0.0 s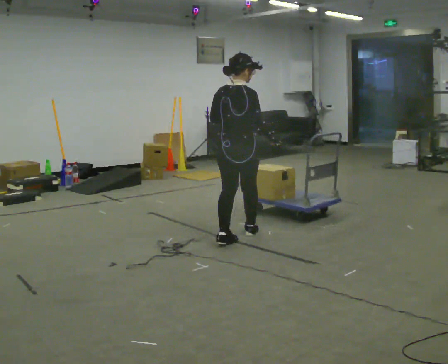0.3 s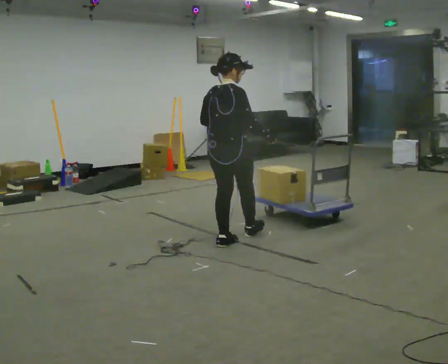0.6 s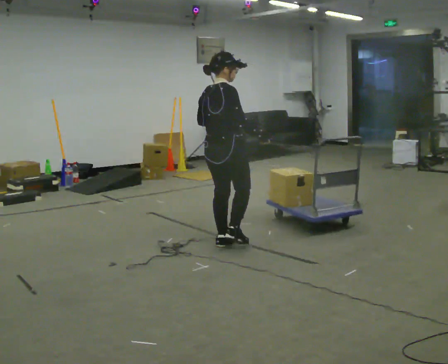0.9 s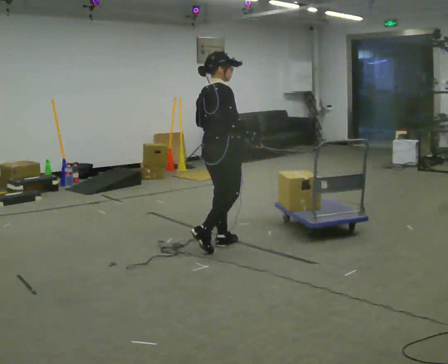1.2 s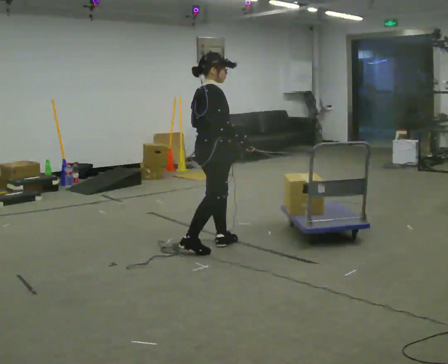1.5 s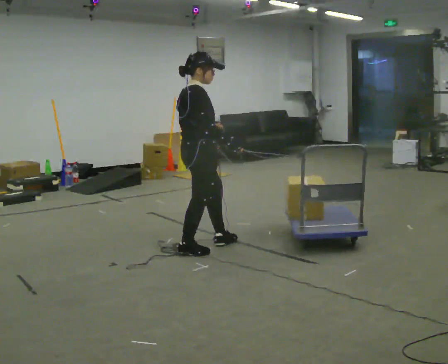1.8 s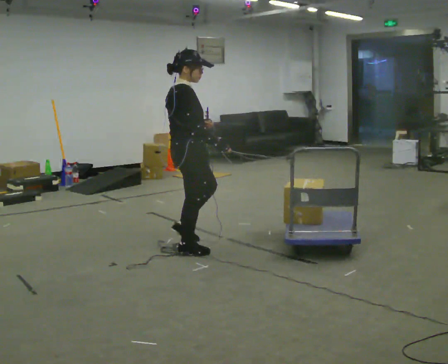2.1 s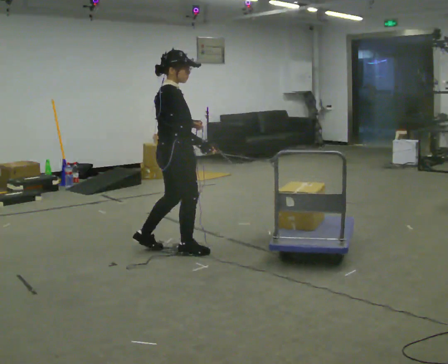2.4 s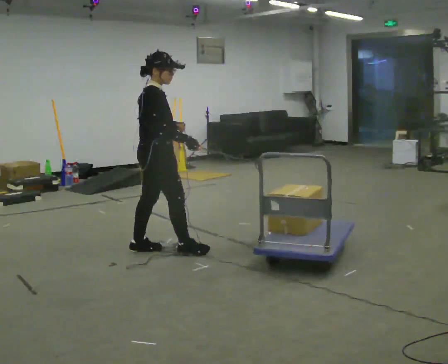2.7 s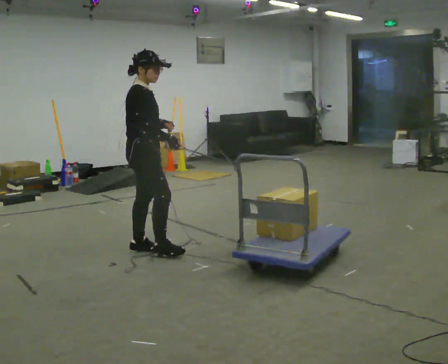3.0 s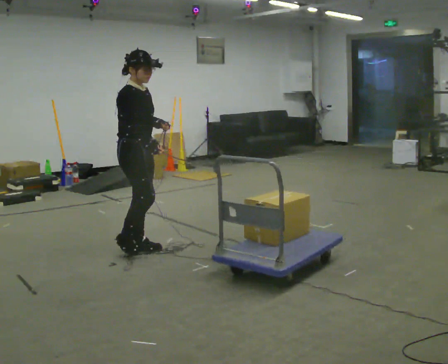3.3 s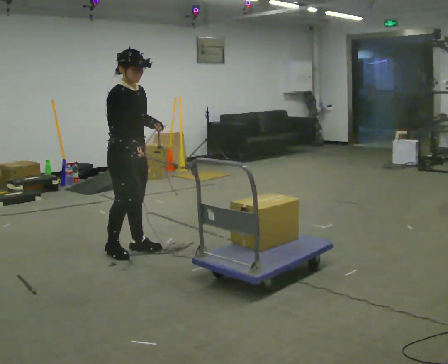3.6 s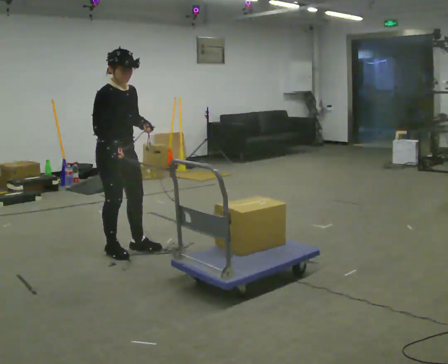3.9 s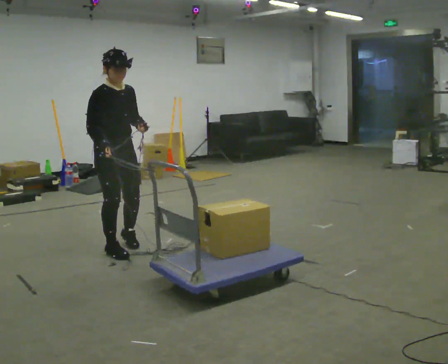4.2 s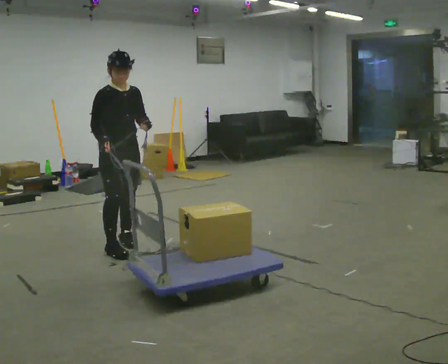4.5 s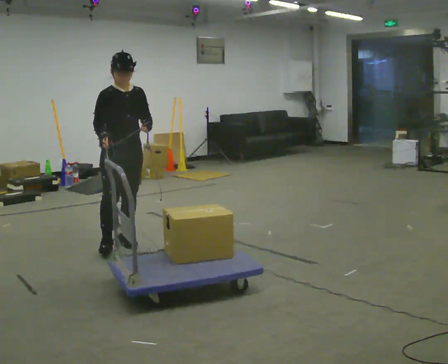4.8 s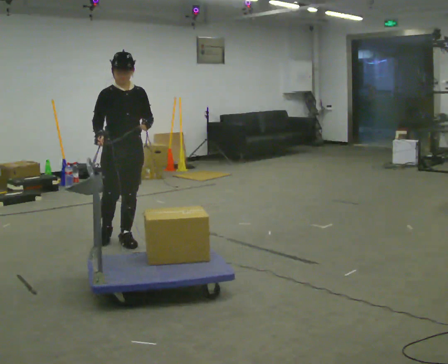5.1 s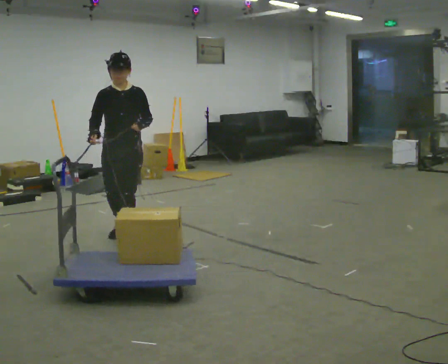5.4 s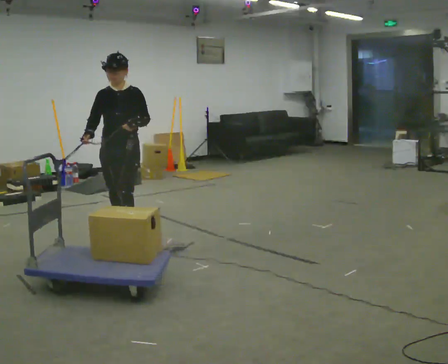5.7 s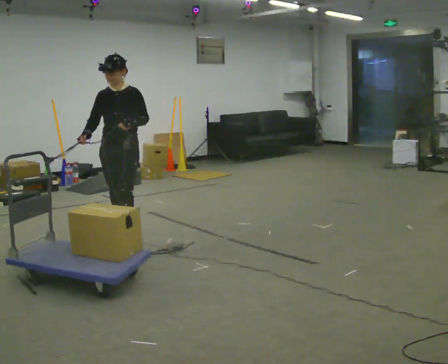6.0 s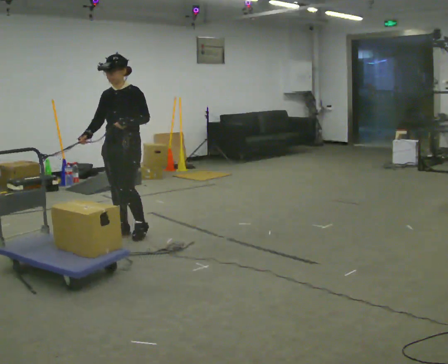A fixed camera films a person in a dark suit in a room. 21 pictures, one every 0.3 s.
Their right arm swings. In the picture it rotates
clockwise.
The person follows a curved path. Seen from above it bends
clockwise.
0.0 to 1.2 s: Seen from above the body turns clockwise, about 45 degrees: to their right, with its near side sliding to the left. In the picture they go to the left and toward the camera, about 0.25 m in 1 step, which for them is backward.
1.2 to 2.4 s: In the picture they go to the left, about 0.5 m in 1 step, which for them is backward.
2.4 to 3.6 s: The part of the body nearest the lens slides to the left as the person turns to their right by about 45 degrees. In the picture they go to the left, about 0.25 m in 1 step, which for them is backward and to their right.
3.6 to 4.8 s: The person turns about 45 degrees to their right, clockwise seen from above, so the part of the body nearest the lens slides to the left. In the picture they go away from the camera, about 0.25 m in 1 step, which for them is backward and to their left.
4.8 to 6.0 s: Seen from above the body turns clockwise, about 45 degrees: to their right, with its near side sliding to the left. In the picture they go away from the camera, about 0.25 m in 1 step, which for them is backward.
The film runs forward here.
